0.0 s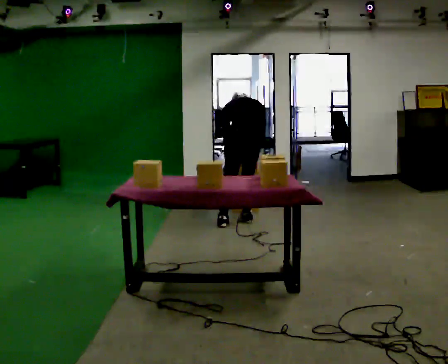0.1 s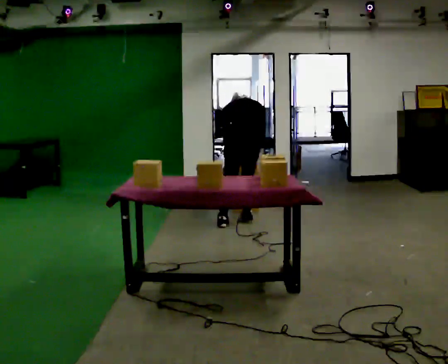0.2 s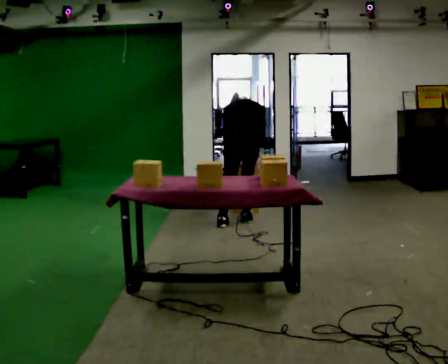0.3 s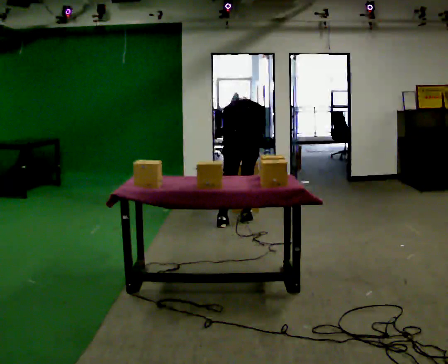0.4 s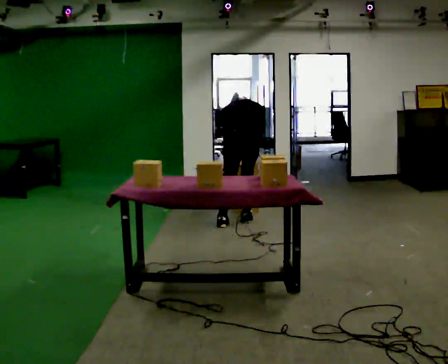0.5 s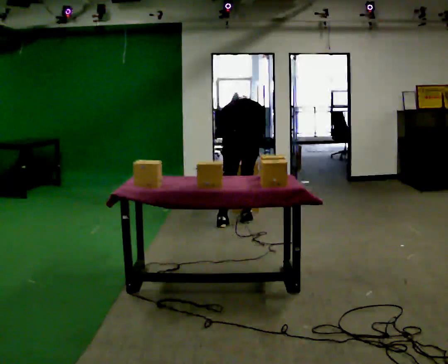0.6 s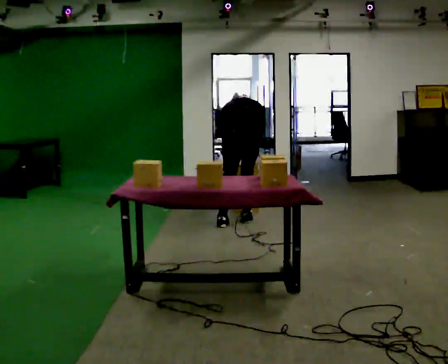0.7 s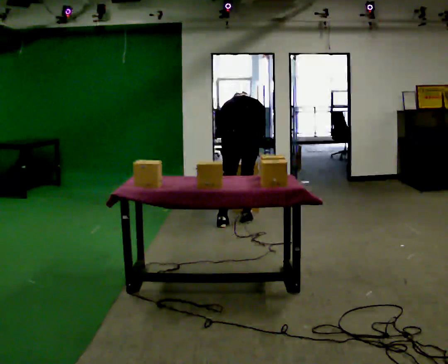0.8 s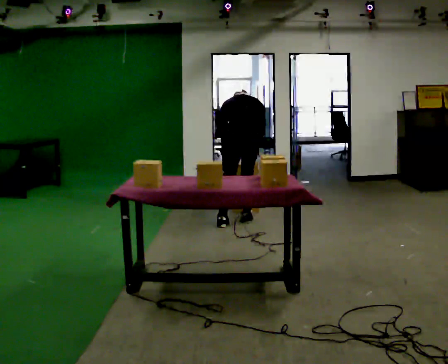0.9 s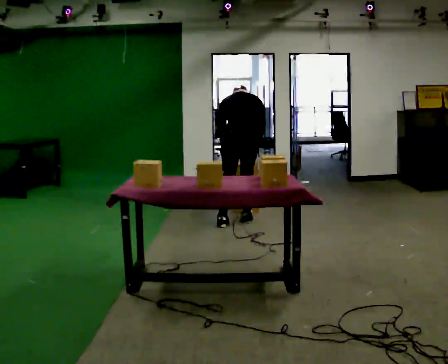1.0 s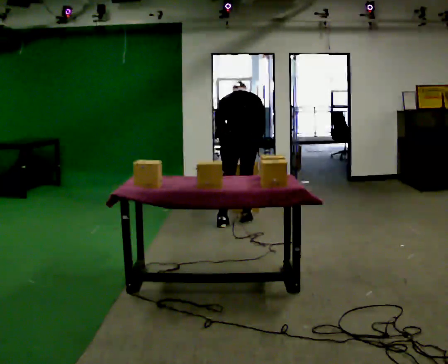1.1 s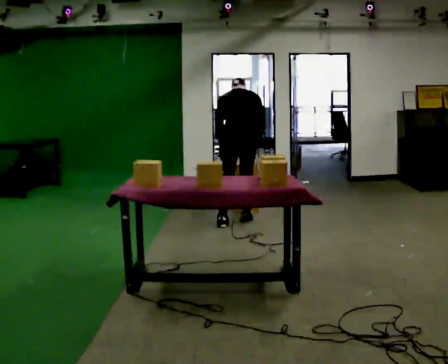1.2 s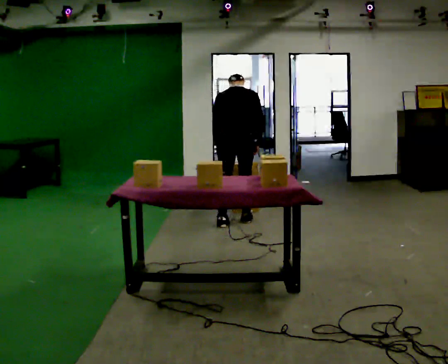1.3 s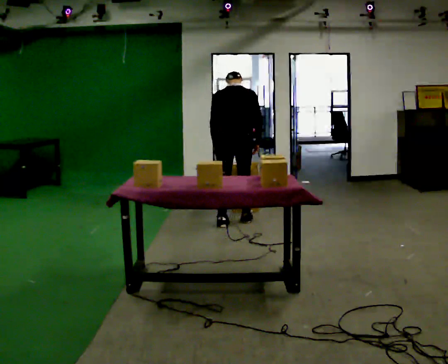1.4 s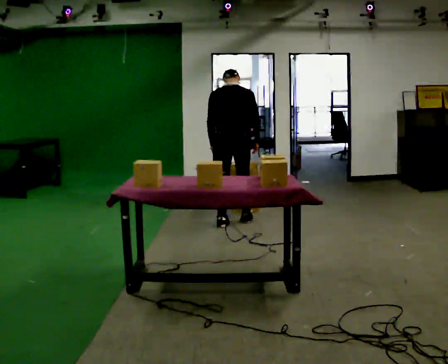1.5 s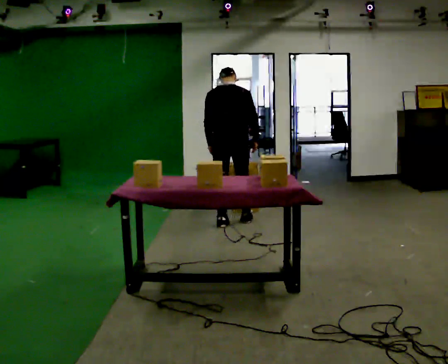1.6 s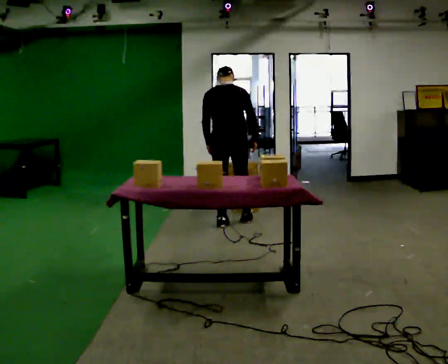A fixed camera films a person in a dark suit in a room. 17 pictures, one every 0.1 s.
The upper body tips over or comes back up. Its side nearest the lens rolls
downward.
0.0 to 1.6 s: In the picture they go to the left, about 0.25 m, which for them is to their left. The shoulders move upward. The upper body tips toward the camera, its near side rolling downward, as they lean back or straighten.
The film runs backward here.
